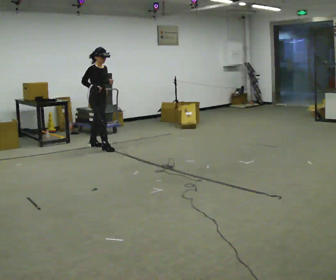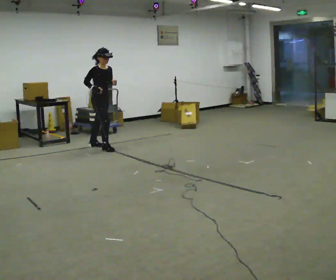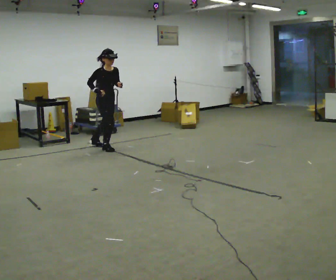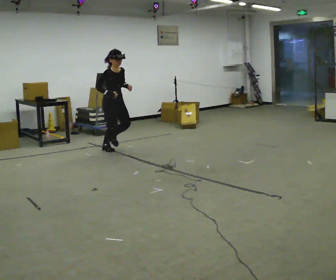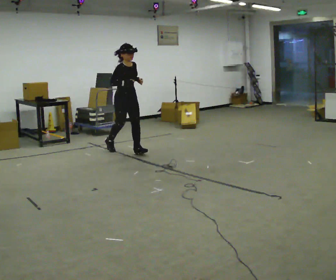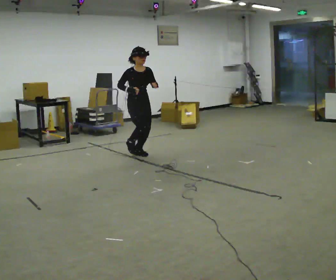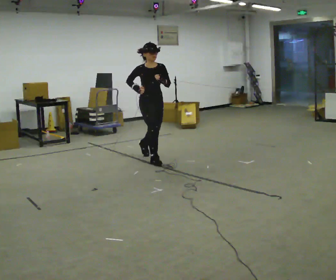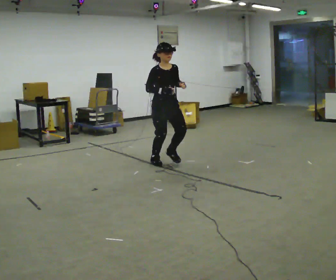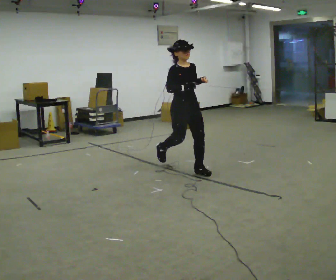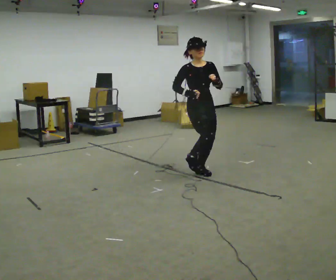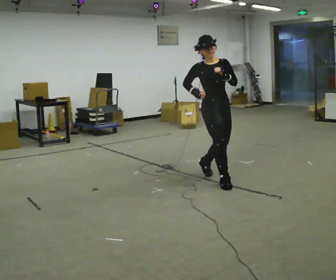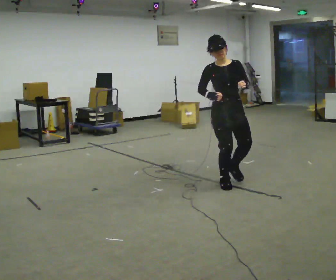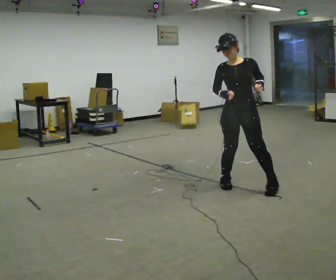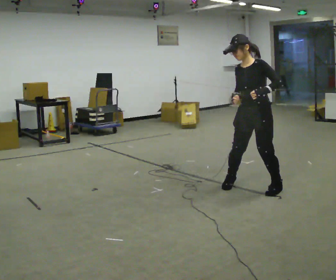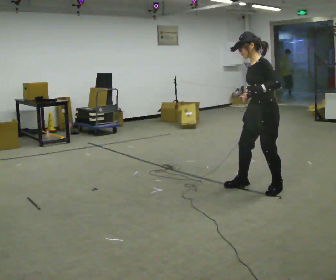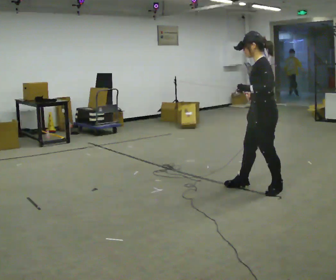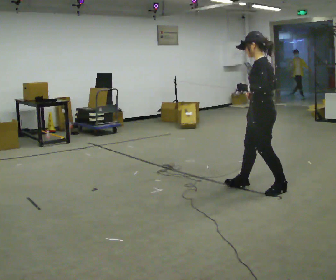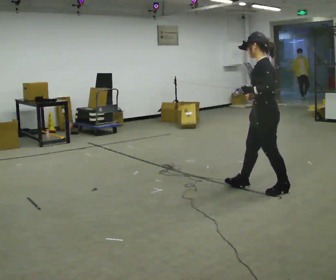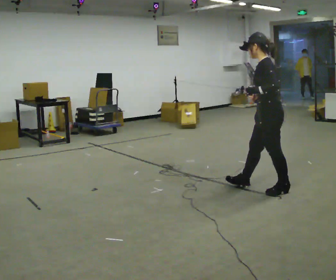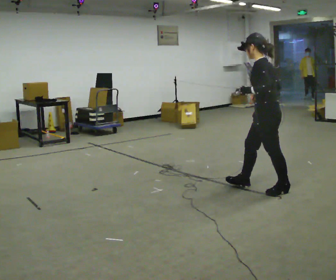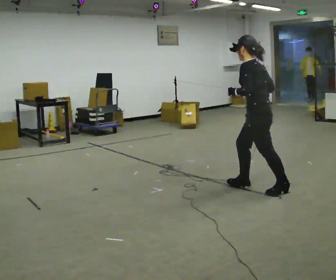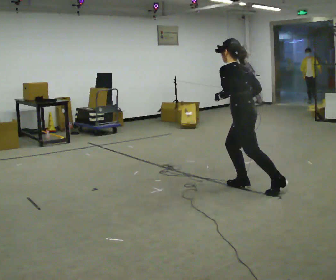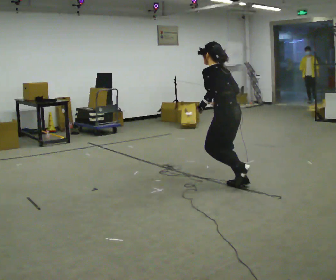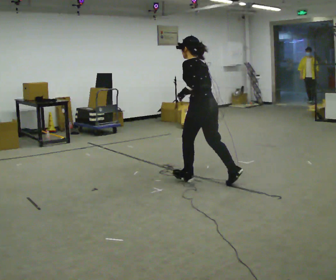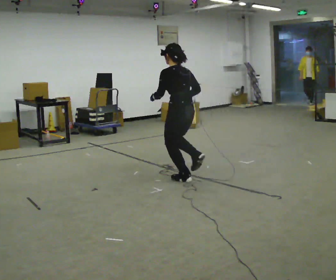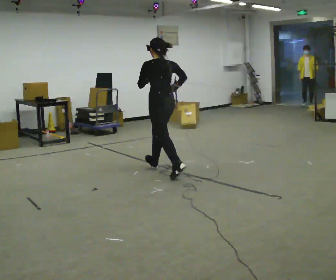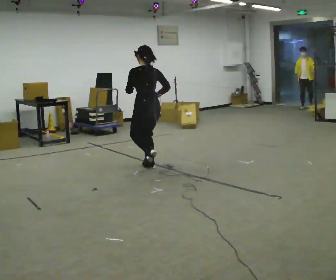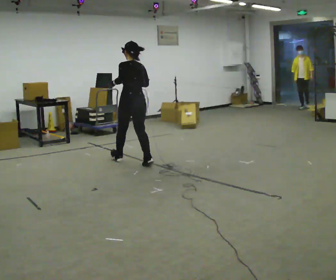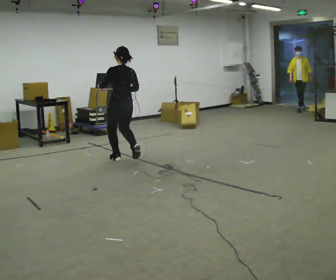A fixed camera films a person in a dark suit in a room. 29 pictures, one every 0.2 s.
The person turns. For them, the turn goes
to their right.
The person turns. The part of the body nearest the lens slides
to the left.
0.0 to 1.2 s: Seen from above the body turns clockwise, about 30 degrees: to their right, with its near side sliding to the left. In the picture they go to the right and toward the camera, about 1.5 m in 2 steps, which for them is forward.
1.2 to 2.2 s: In the picture they go to the right and toward the camera, about 1.5 m in 2 steps, which for them is forward.
2.2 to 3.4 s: The part of the body nearest the lens slides to the left as the person turns to their right by about 105 degrees. In the picture they go to the right and toward the camera, about 0.5 m in 2 steps.
3.4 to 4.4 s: The person turns about 30 degrees to their right, clockwise seen from above, so the part of the body nearest the lens slides to the left. In the picture they go to the left, about 0.5 m, which for them is forward.
4.4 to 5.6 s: The person turns about 30 degrees to their right, clockwise seen from above, so the part of the body nearest the lens slides to the left. In the picture they go to the left and away from the camera, about 2 m in 3 steps, which for them is forward. In the picture the upper body tilts clockwise, shoulders to the right, as they lean back or straighten.
The film runs forward here.
